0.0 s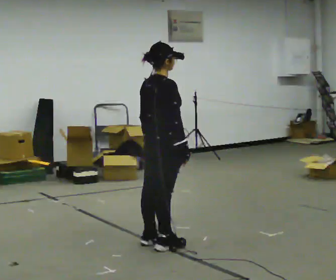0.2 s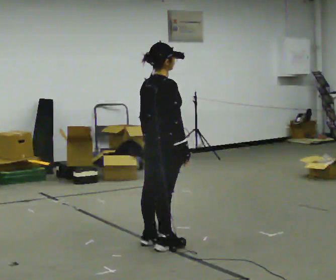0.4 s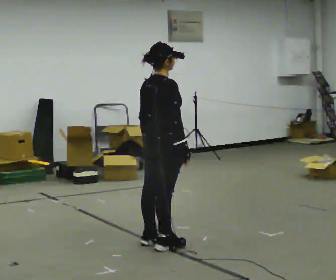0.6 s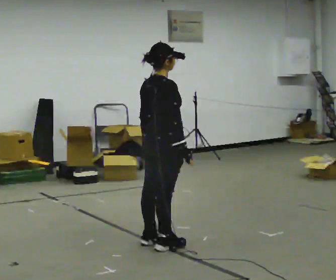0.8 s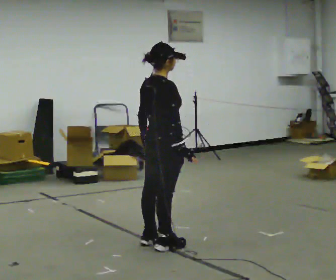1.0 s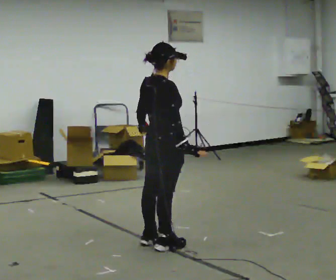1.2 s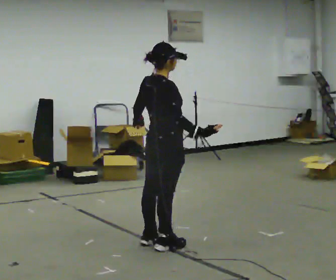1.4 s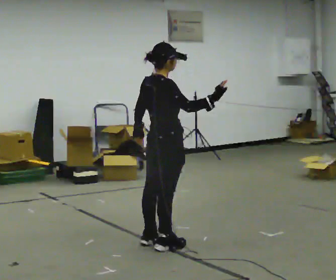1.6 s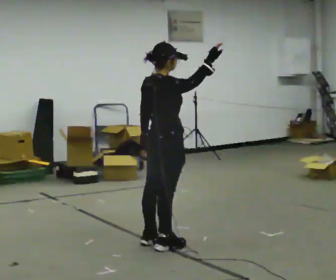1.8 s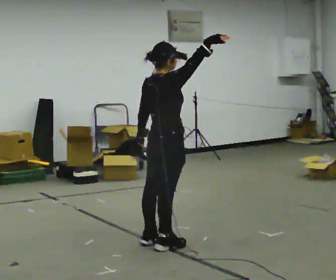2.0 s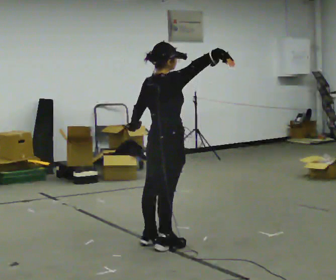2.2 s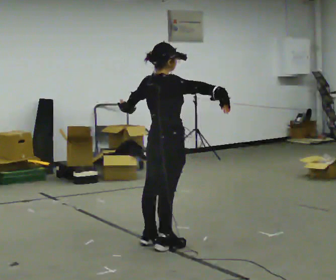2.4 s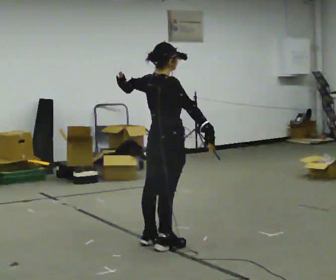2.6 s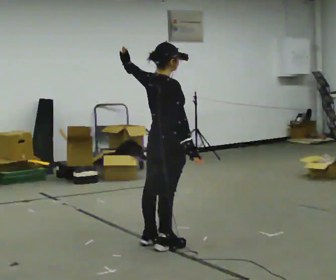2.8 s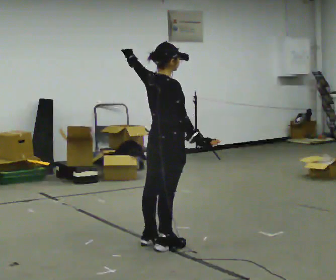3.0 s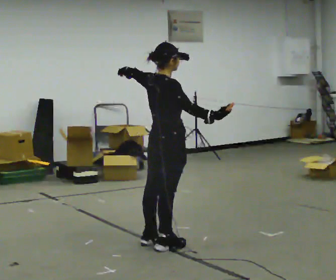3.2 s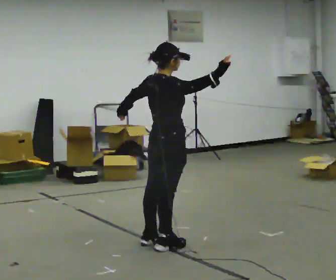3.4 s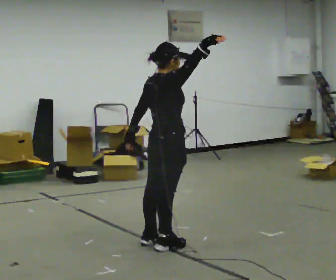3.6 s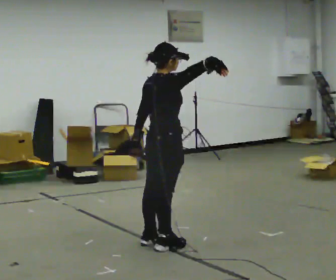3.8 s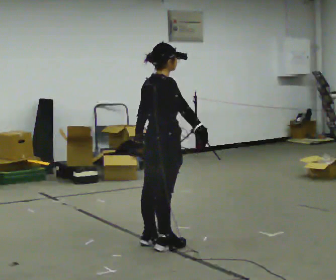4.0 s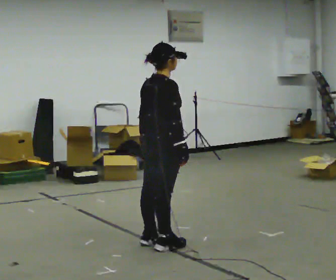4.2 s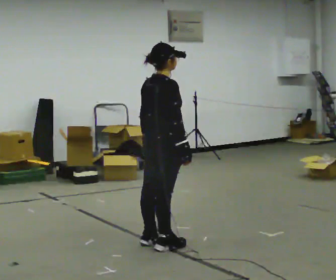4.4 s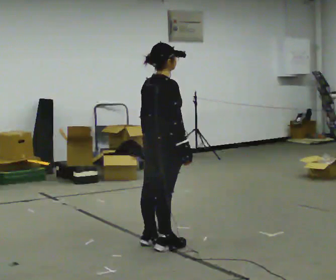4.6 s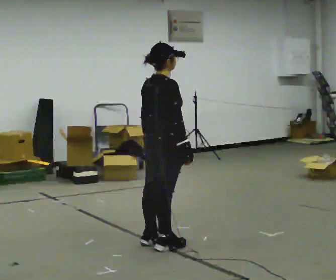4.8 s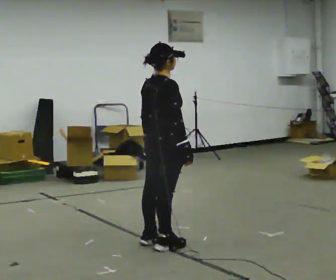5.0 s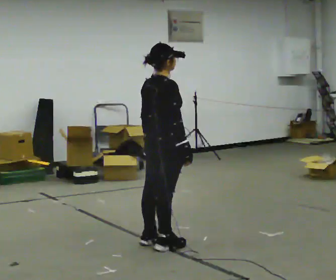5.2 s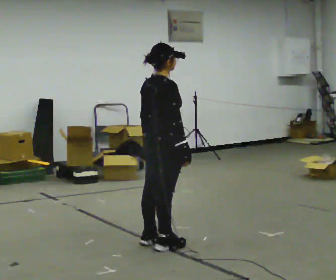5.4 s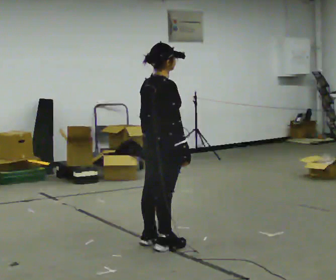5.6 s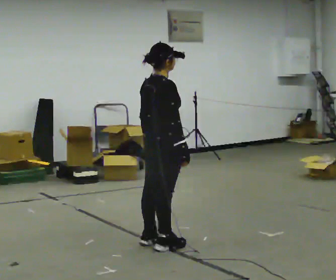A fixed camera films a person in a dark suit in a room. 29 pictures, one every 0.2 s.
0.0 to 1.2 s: The person moves a little, or ends about where they began.
1.2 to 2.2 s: In the picture their right hand goes upward.
2.2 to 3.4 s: The person moves a little, or ends about where they began.
3.4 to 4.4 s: In the picture their right hand goes downward, the arm swinging clockwise.
4.4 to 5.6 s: The person keeps their place and pose.
The film runs backward here.
